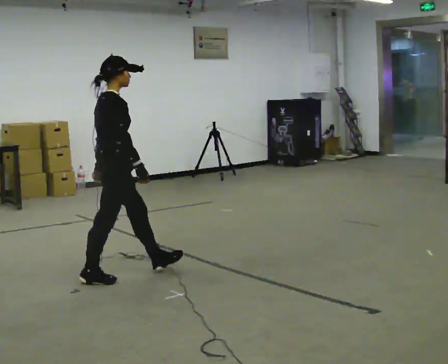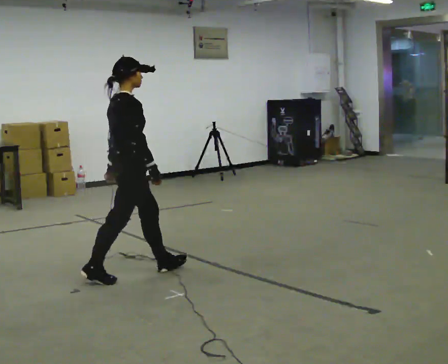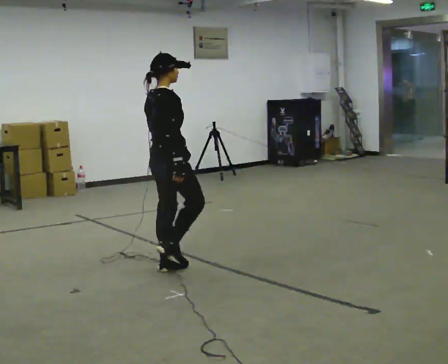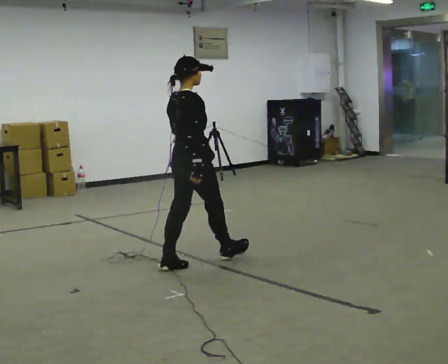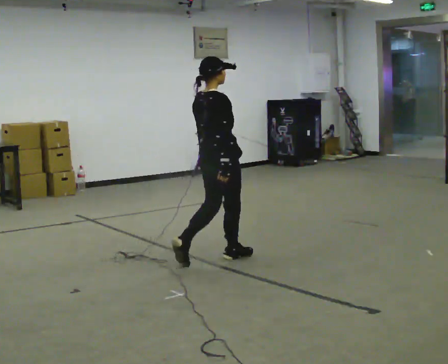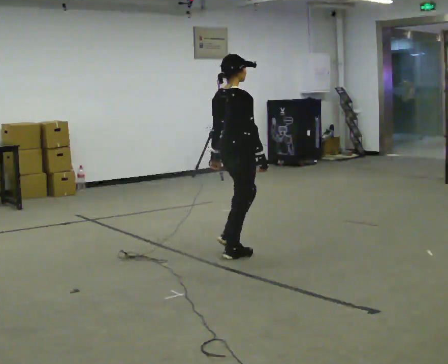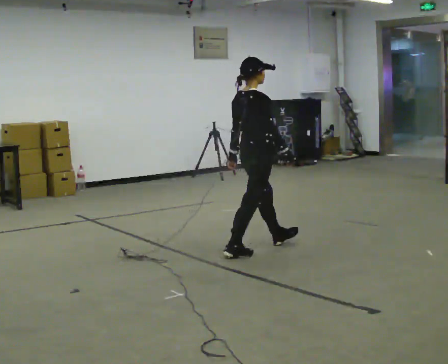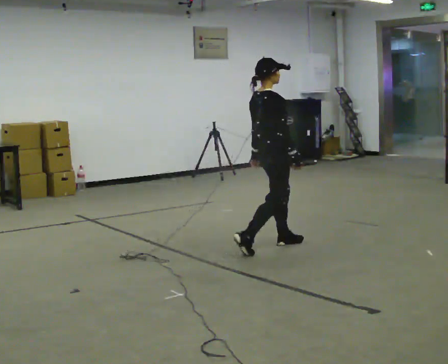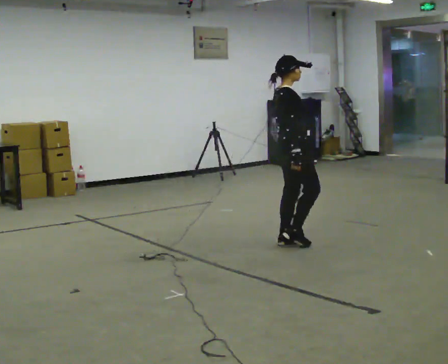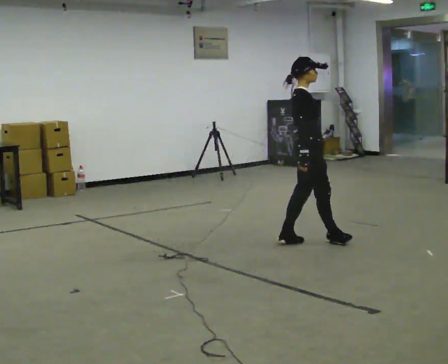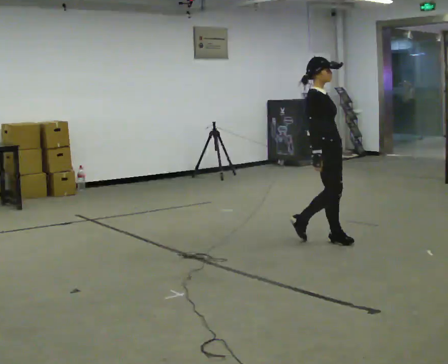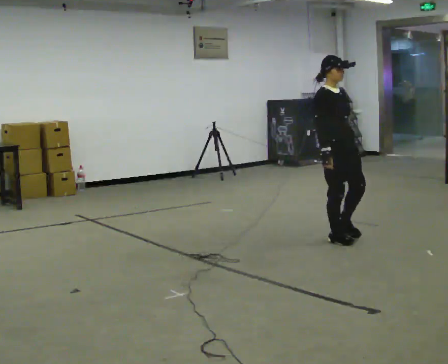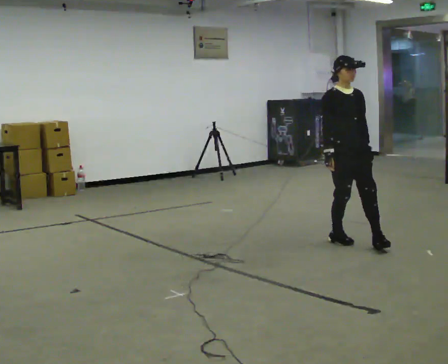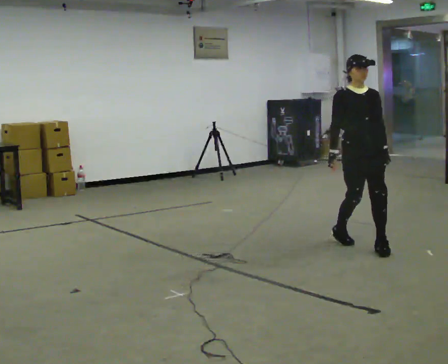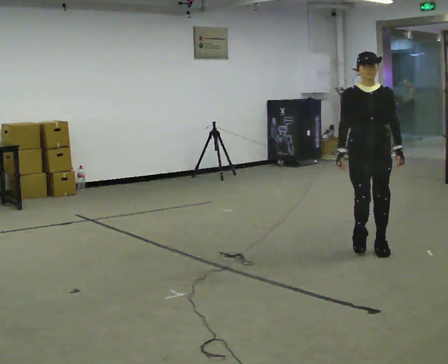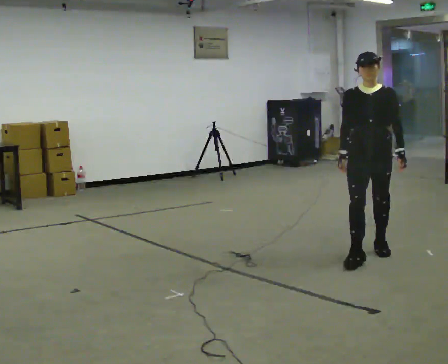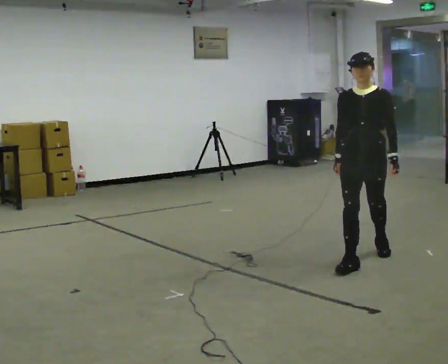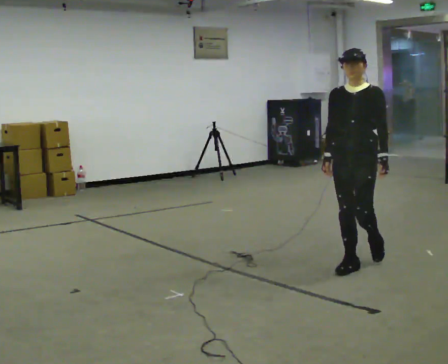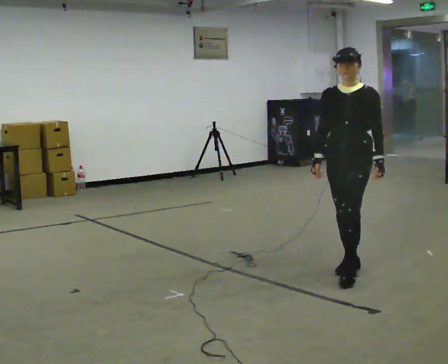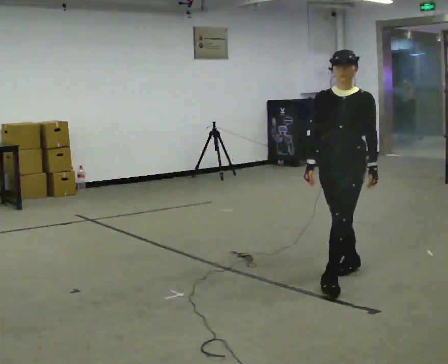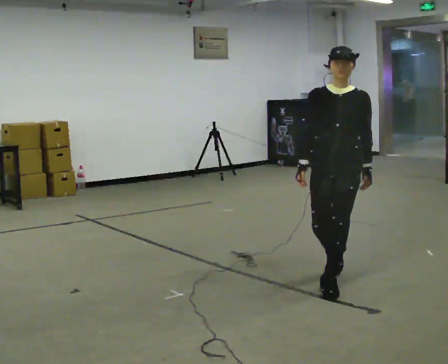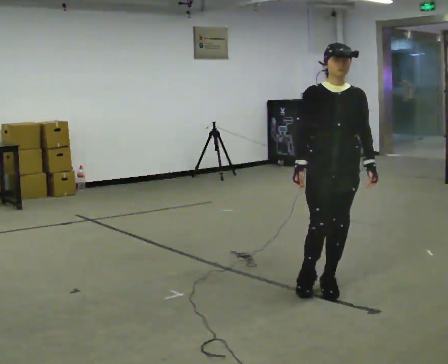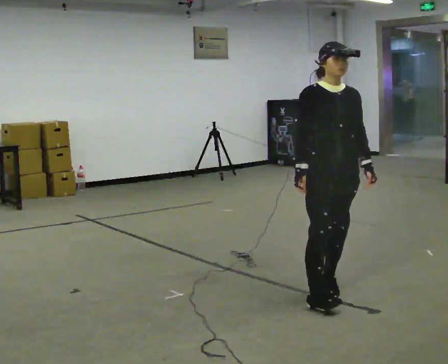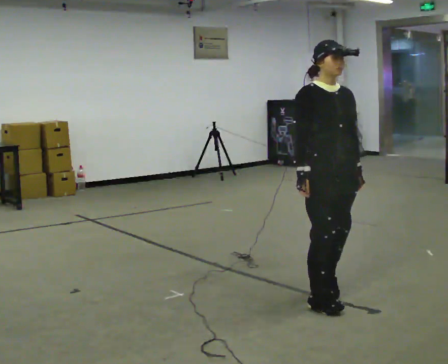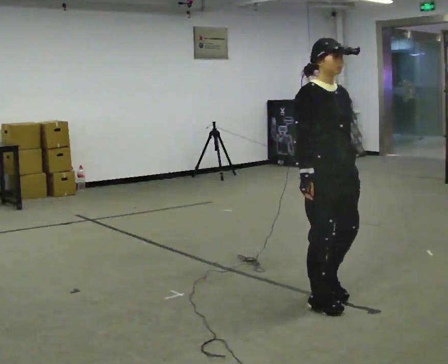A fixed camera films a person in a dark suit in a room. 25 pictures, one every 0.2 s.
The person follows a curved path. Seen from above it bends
clockwise.
0.0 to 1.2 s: In the picture they go to the right and away from the camera, about 1 m in 2 steps, which for them is forward.
1.2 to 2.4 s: The person turns about 90 degrees to their right, clockwise seen from above, so the part of the body nearest the lens slides to the left. In the picture they go to the right, about 0.5 m in 2 steps.
2.4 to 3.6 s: Seen from above the body turns clockwise, about 60 degrees: to their right, with its near side sliding to the left. In the picture they go toward the camera, about 0.5 m in 2 steps, which for them is forward.
3.6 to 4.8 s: The person turns about 75 degrees to their left, counterclockwise seen from above, so the part of the body nearest the lens slides to the right. In the picture they go toward the camera, about 0.75 m in 2 steps.
The film runs forward here.
